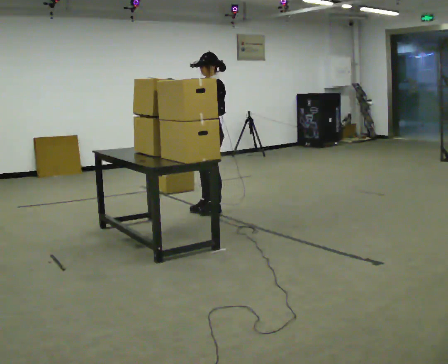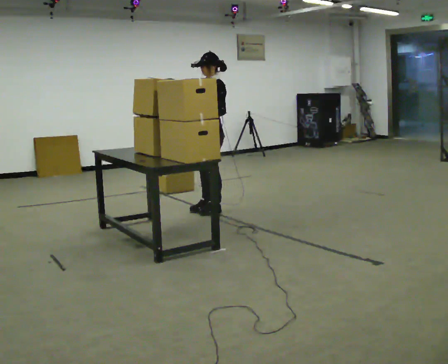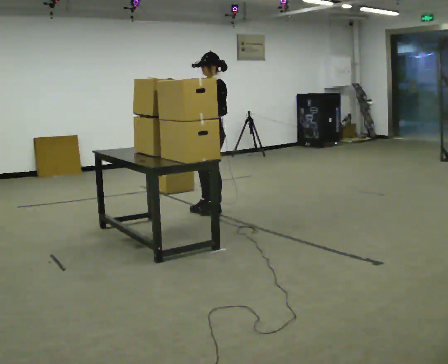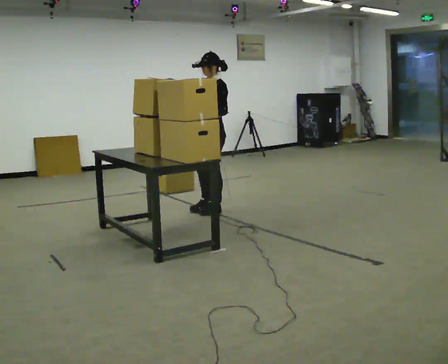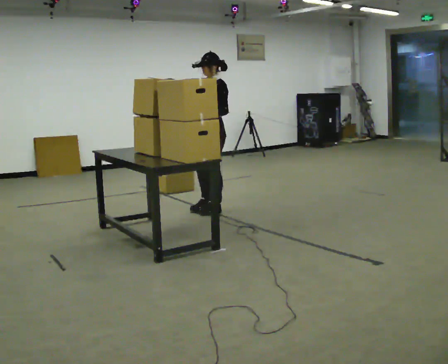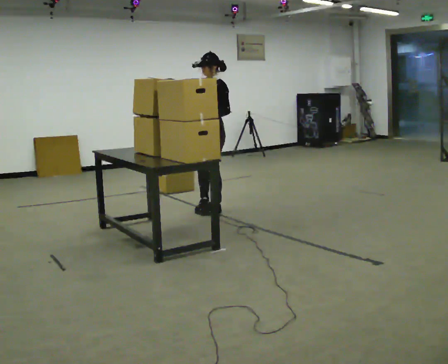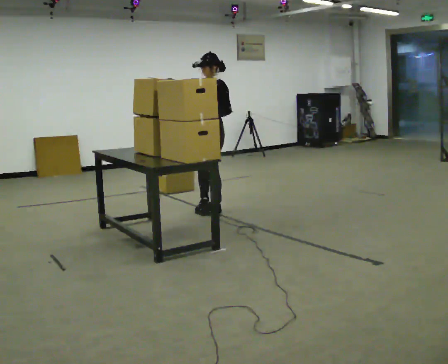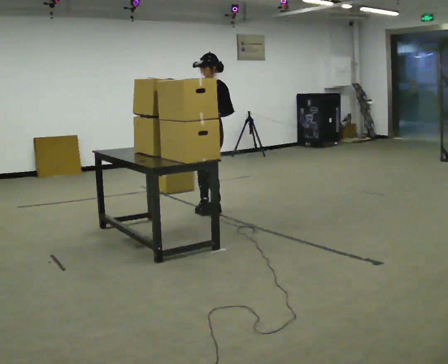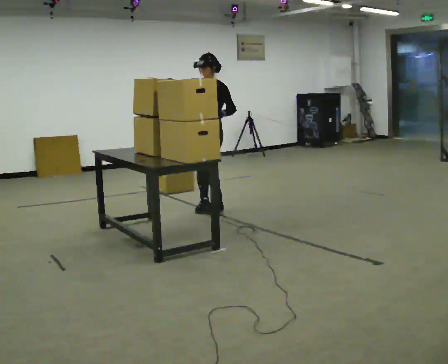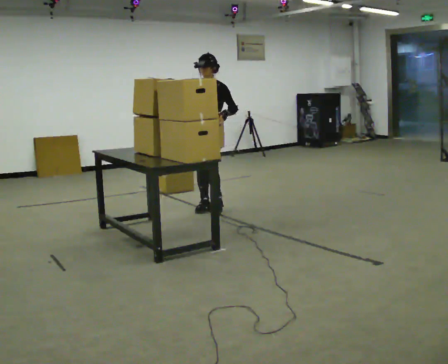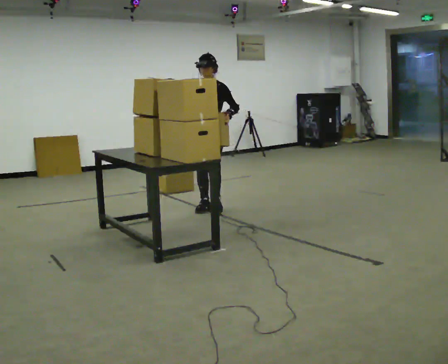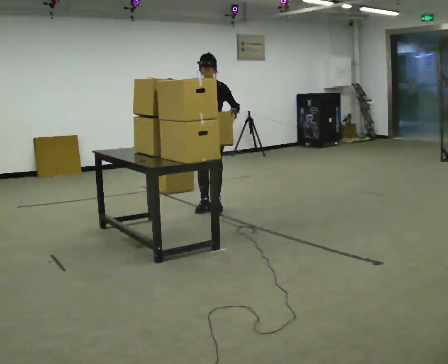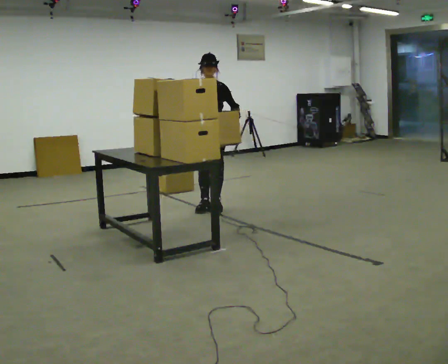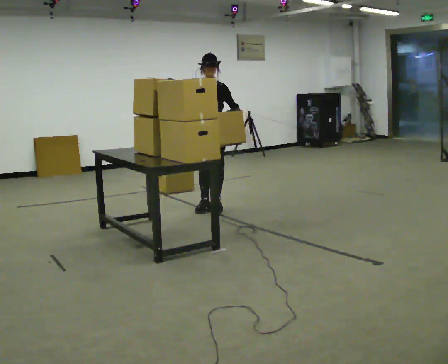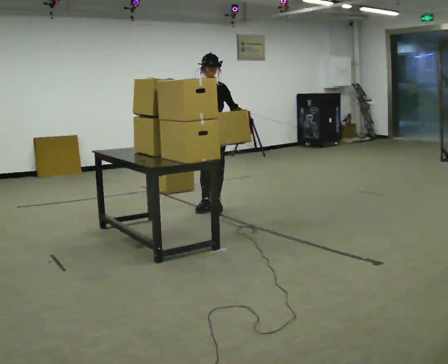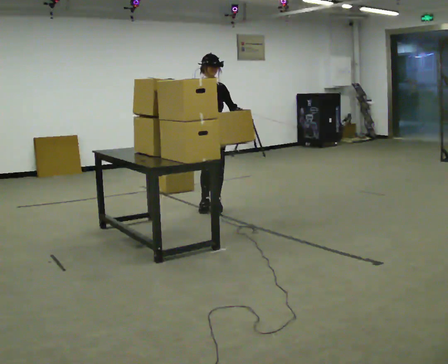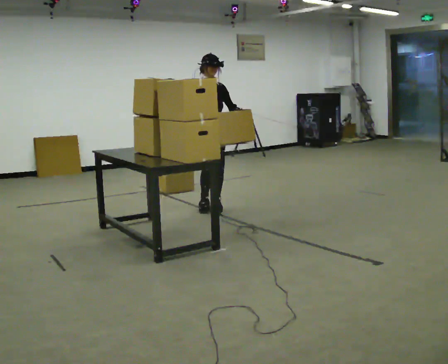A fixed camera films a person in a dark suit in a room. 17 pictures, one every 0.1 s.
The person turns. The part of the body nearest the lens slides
to the right.
The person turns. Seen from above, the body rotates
counterclockwise.
0.0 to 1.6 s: The person turns about 90 degrees to their left, counterclockwise seen from above, so the part of the body nearest the lens slides to the right.
The film runs backward here.
